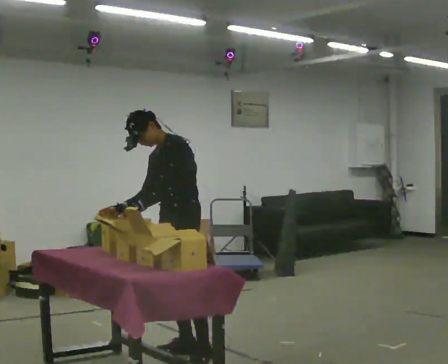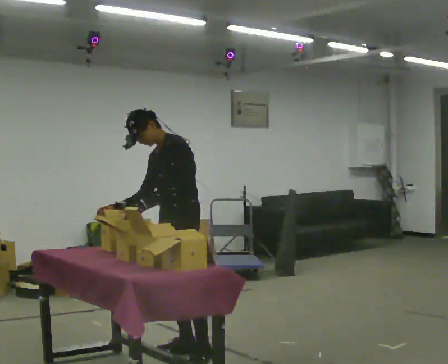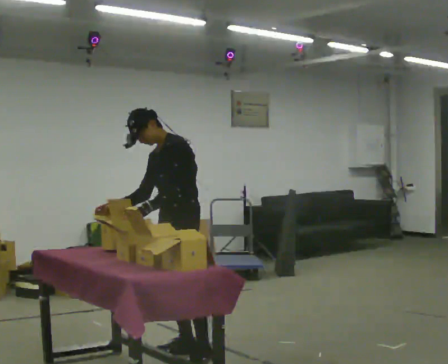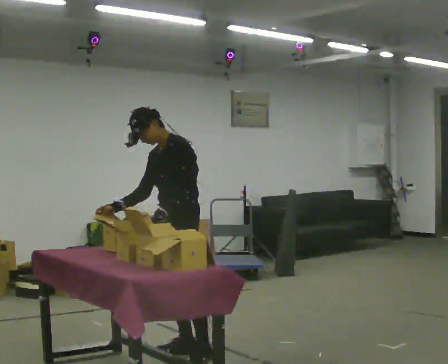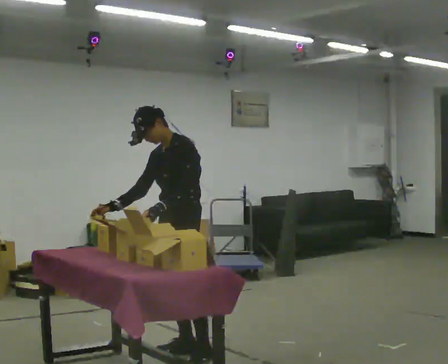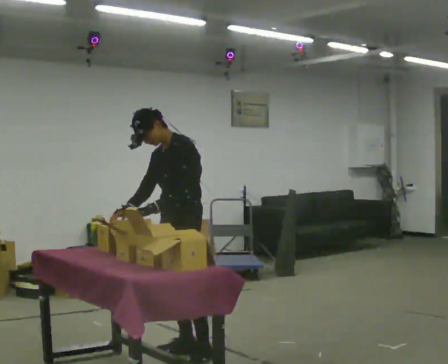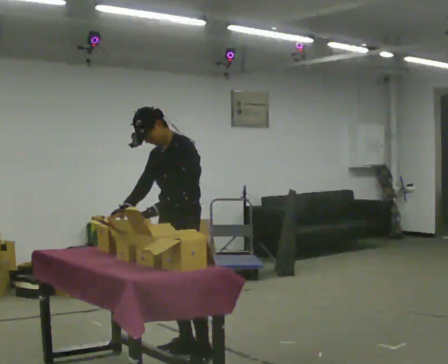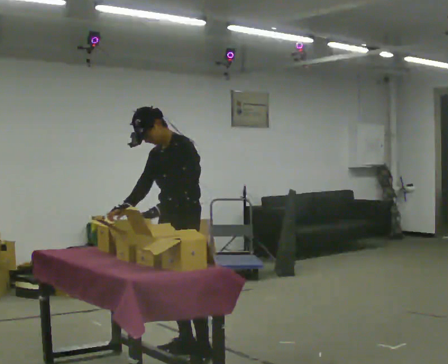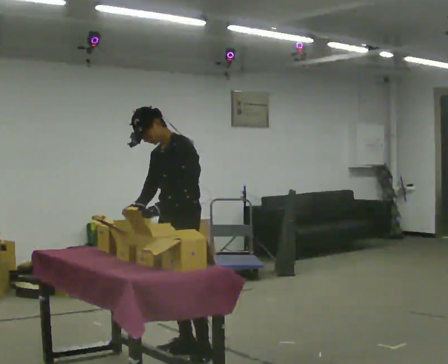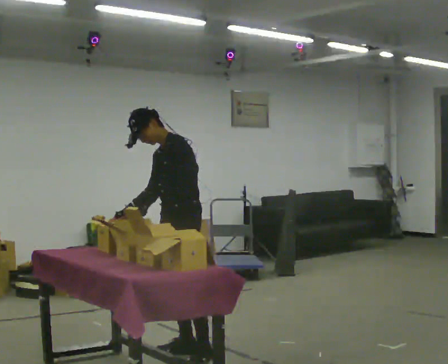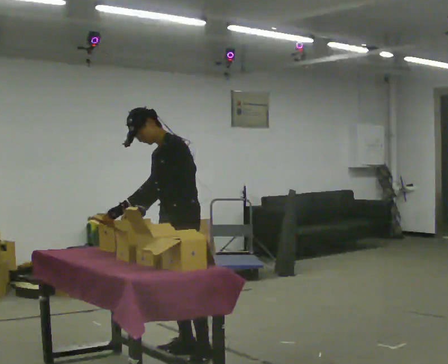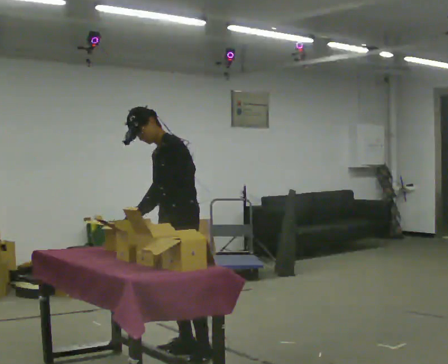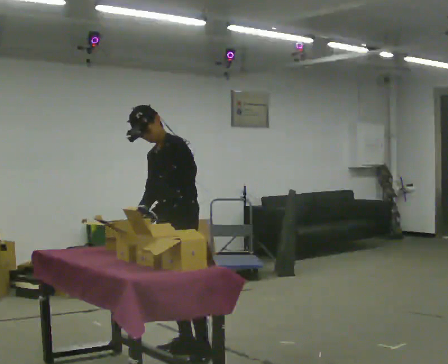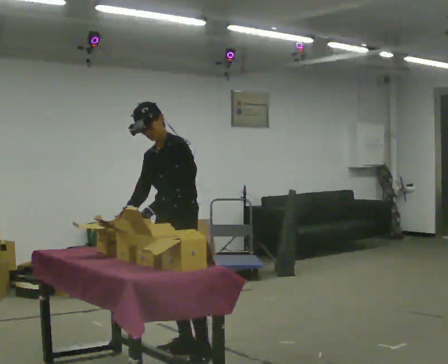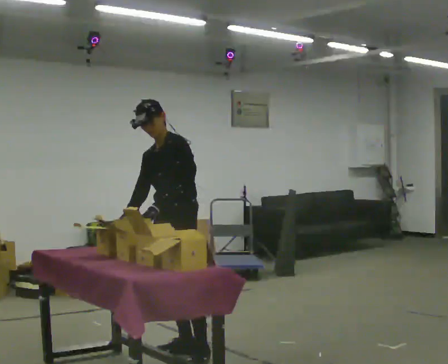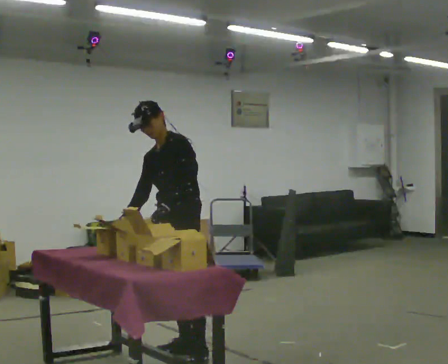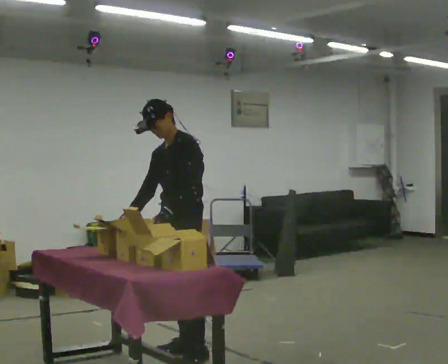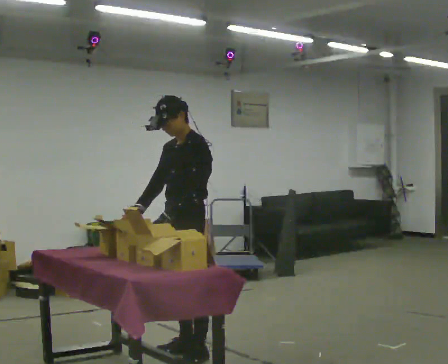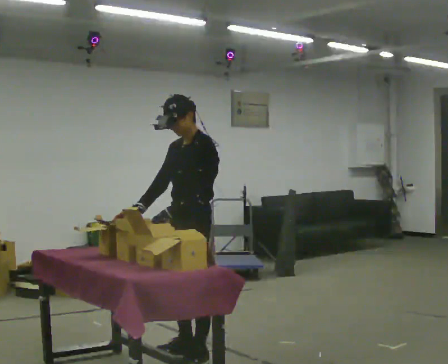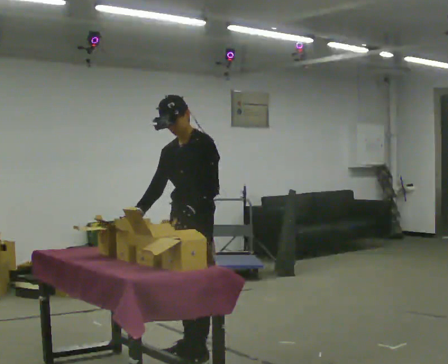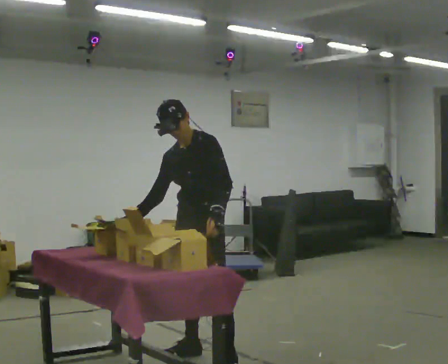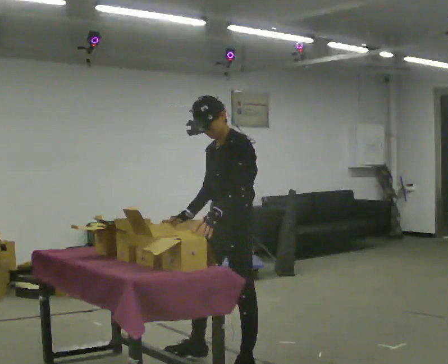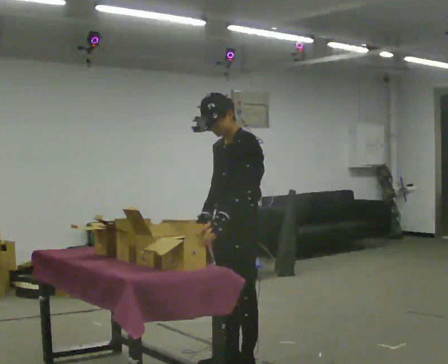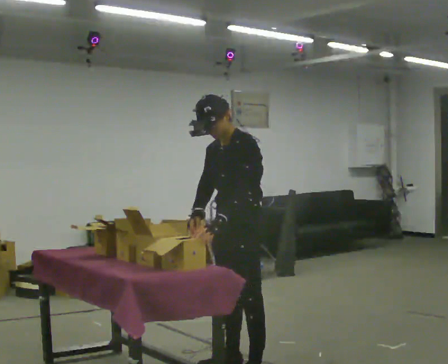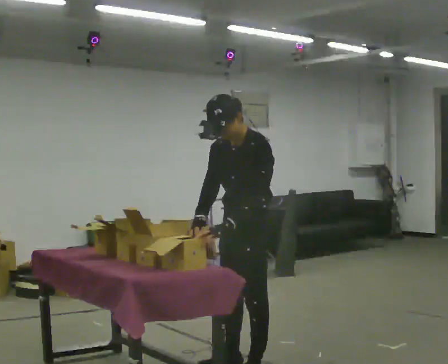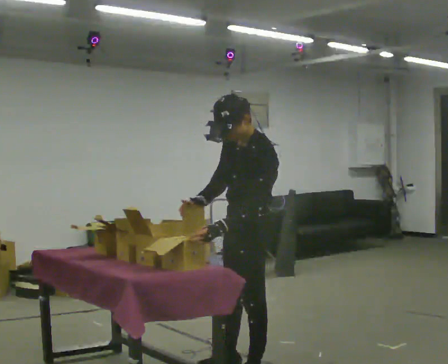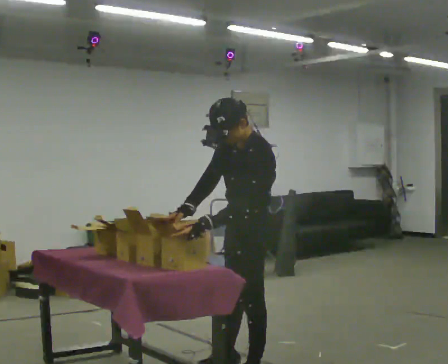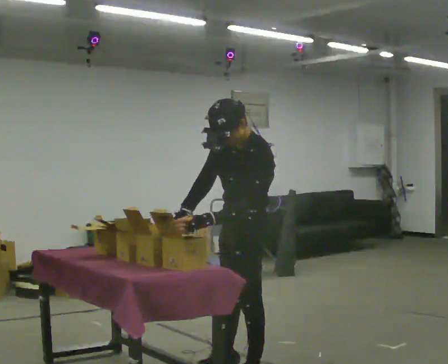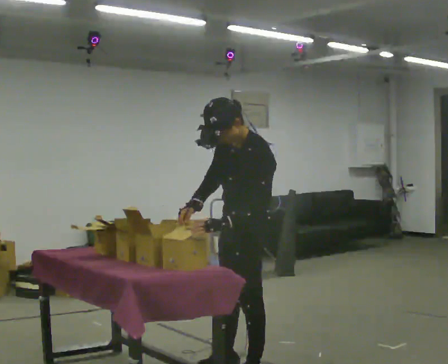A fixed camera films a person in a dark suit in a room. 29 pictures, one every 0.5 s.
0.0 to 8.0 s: The person moves a little, or ends about where they began.
8.0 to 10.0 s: In the picture their left hand goes to the right.
10.0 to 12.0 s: In the picture they go toward the camera and to the right, about 0.5 m in 3 steps, which for them is to their left. The upper body tips toward the camera, its near side rolling downward.
12.0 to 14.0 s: The person moves a little, or ends about where they began.
The film runs forward here.
